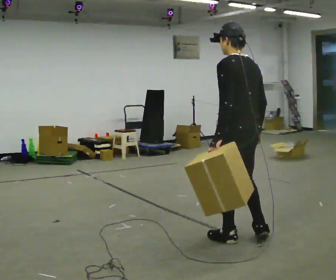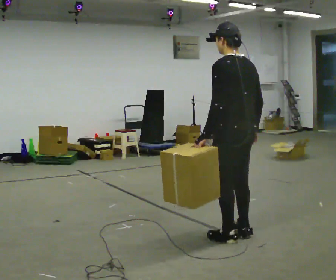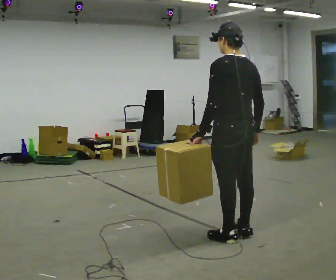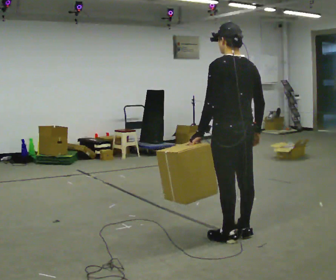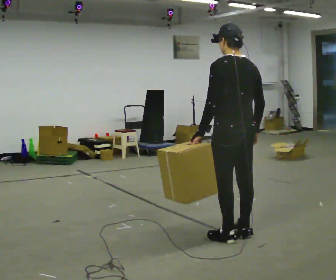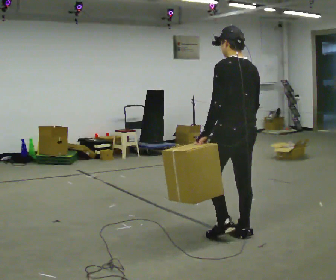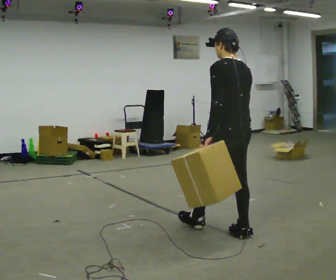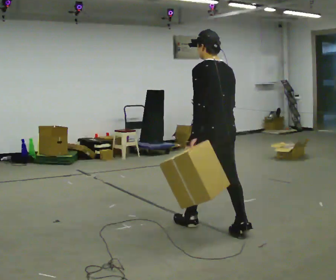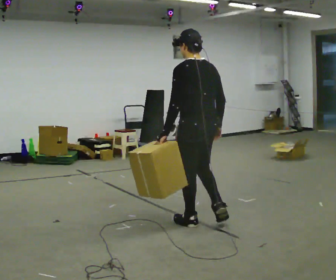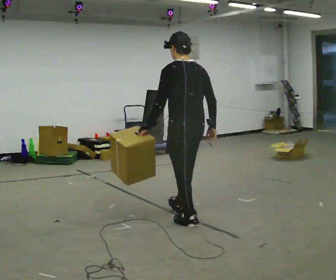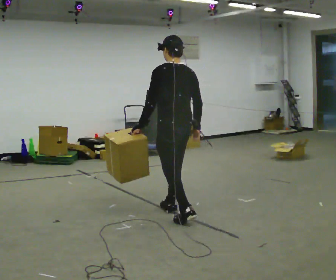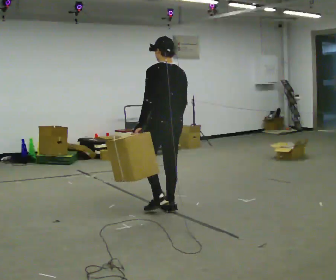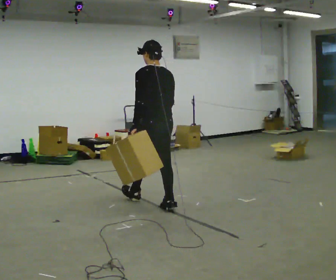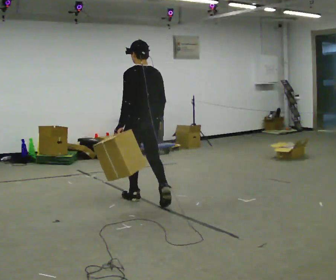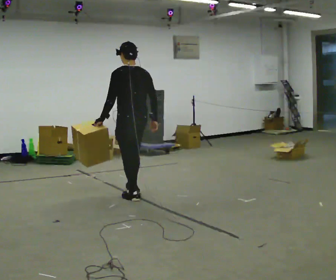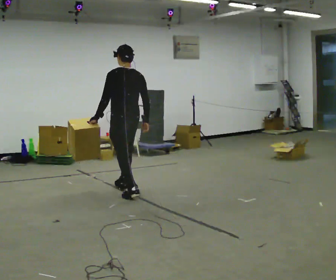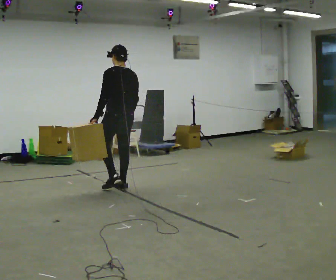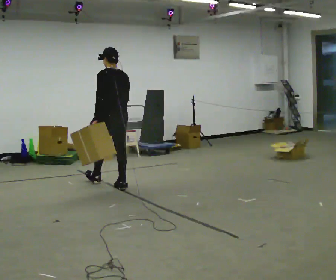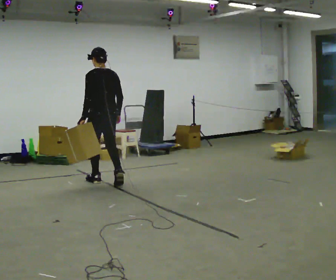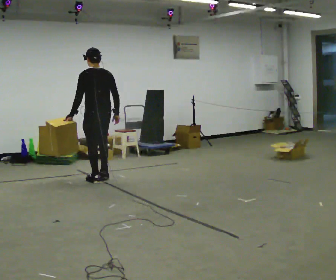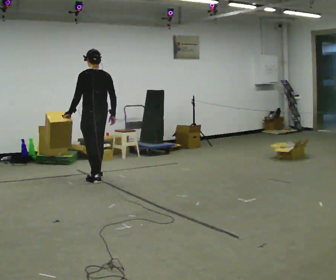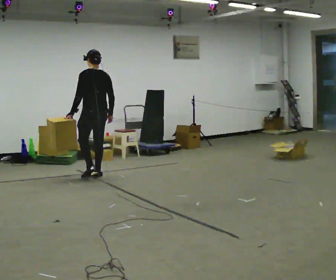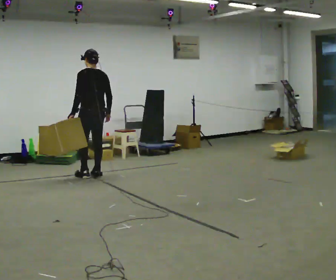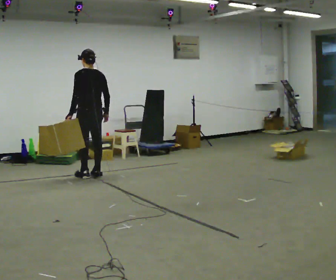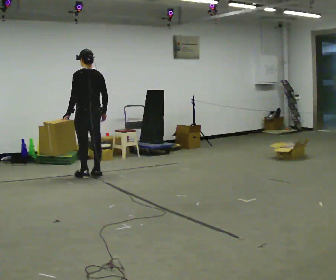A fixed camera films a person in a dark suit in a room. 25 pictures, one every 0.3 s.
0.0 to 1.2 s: The person moves a little, or ends about where they began.
1.2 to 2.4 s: In the picture they go away from the camera and to the left, about 0.5 m in 1 step, which for them is forward.
2.4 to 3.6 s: In the picture they go away from the camera and to the left, about 1 m in 1 step, which for them is forward.
3.6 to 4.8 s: In the picture they go away from the camera and to the left, about 1 m in 2 steps, which for them is forward.
4.8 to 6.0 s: In the picture they go away from the camera and to the left, about 0.75 m in 2 steps, which for them is forward.
6.0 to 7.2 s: In the picture they go away from the camera, about 0.25 m in 1 step, which for them is forward.
The film runs forward here.
